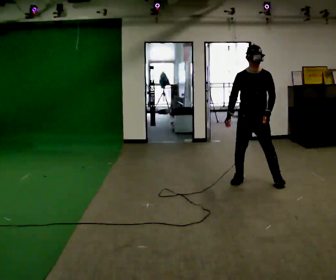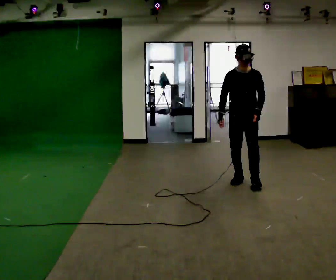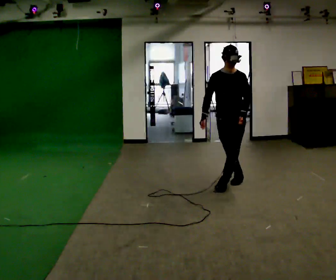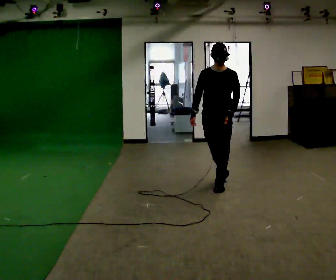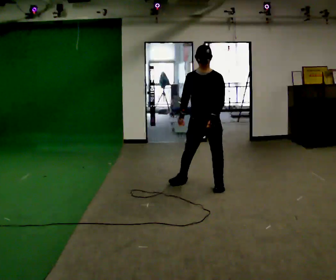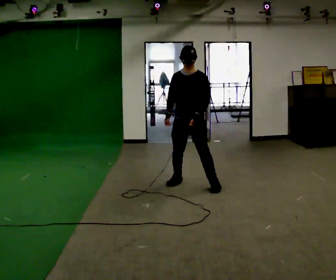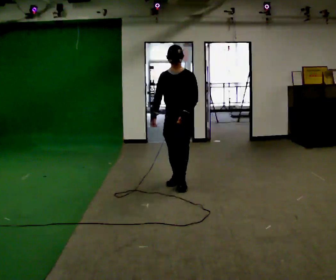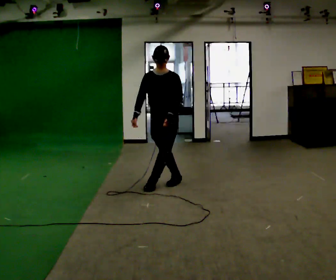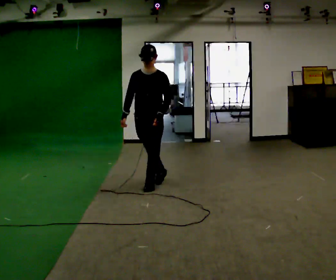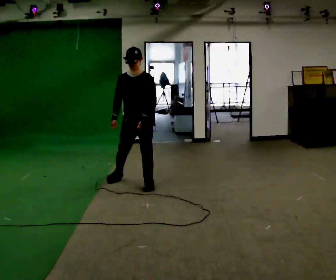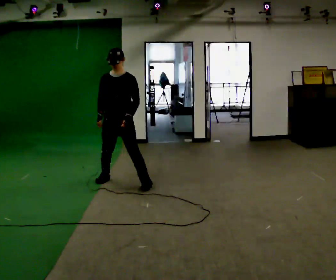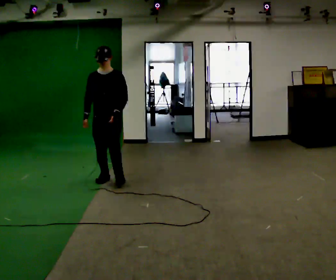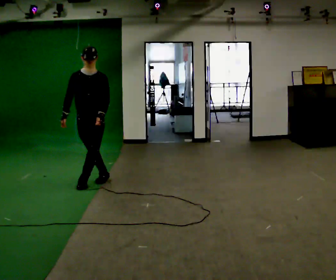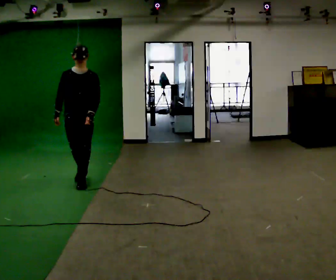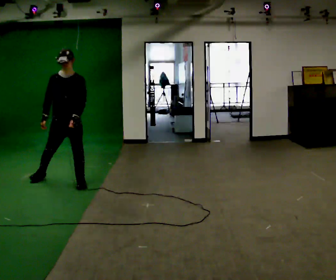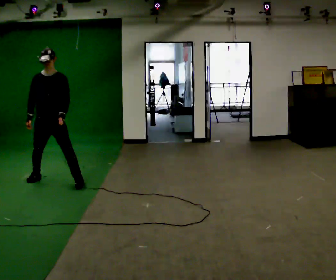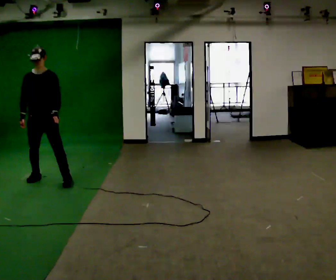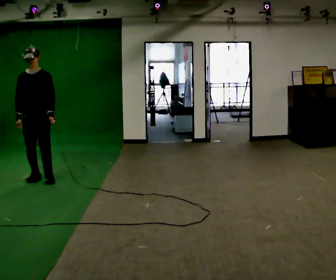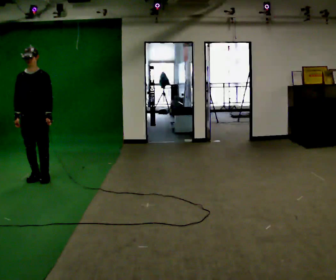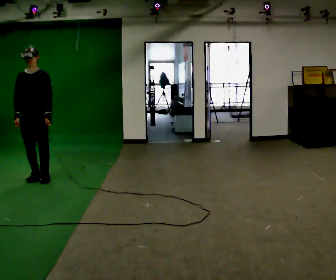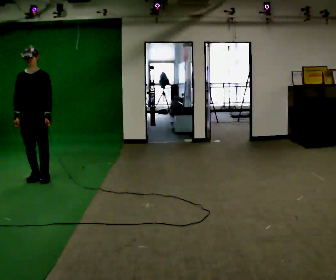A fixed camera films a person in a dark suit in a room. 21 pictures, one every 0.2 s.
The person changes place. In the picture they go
to the left.
0.0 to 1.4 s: In the picture they go to the left, about 1 m in 2 steps, which for them is to their right.
1.4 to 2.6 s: The part of the body nearest the lens slides to the right as the person turns to their left by about 30 degrees. In the picture they go to the left, about 1 m in 3 steps, which for them is to their right.
2.6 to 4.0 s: In the picture they go to the left, about 0.5 m in 1 step, which for them is to their right.
The film runs backward here.
